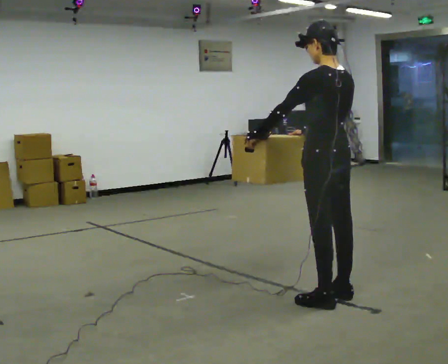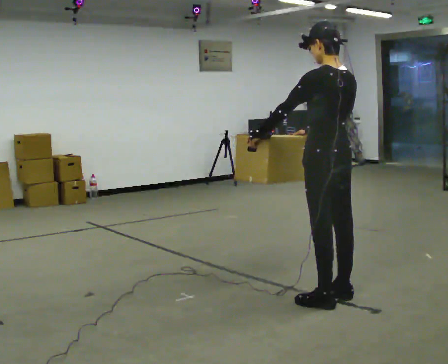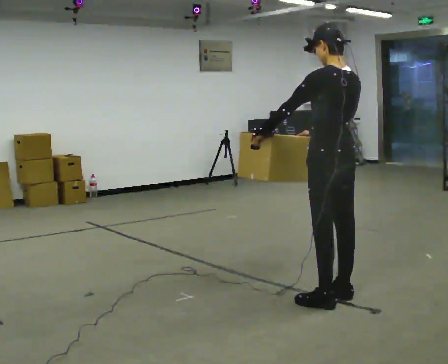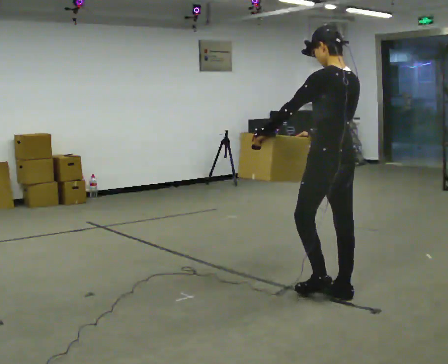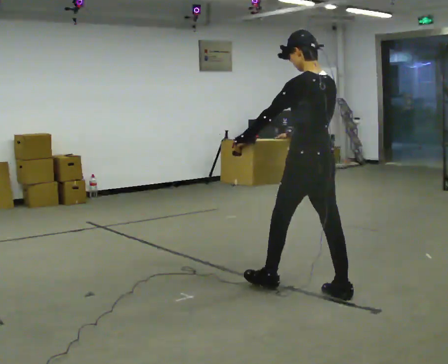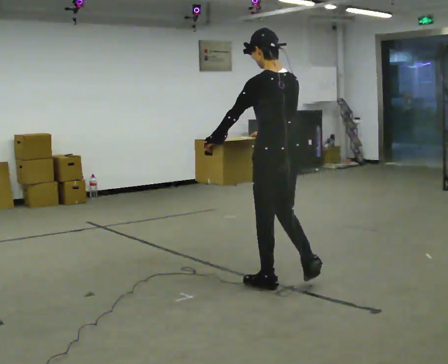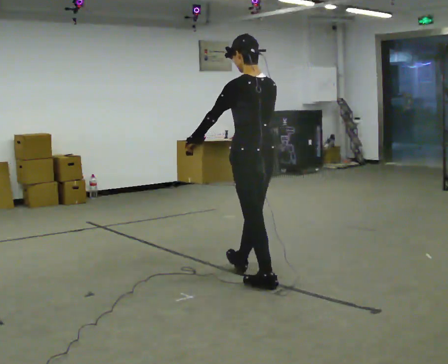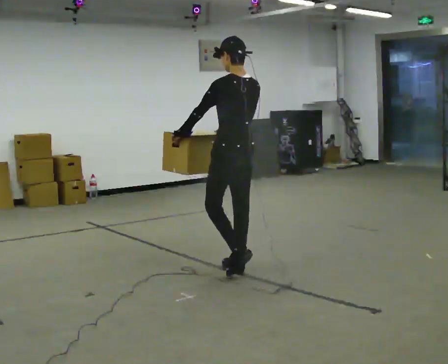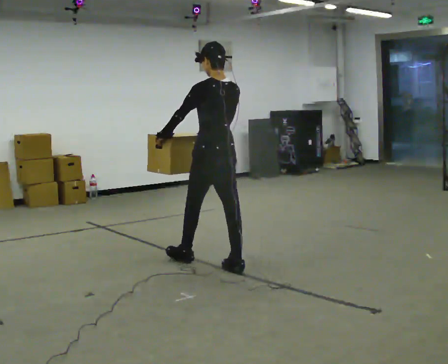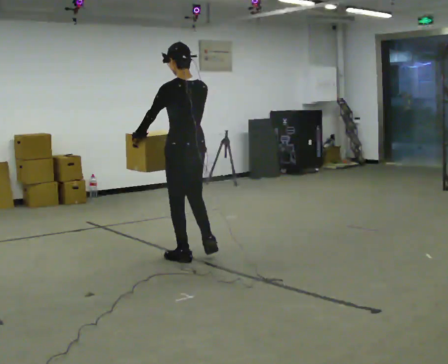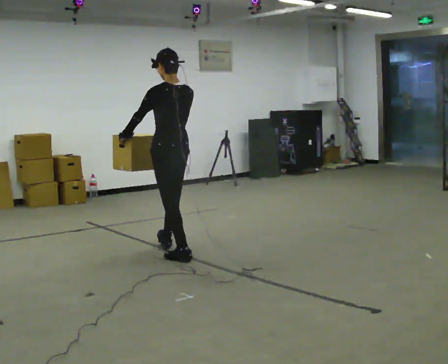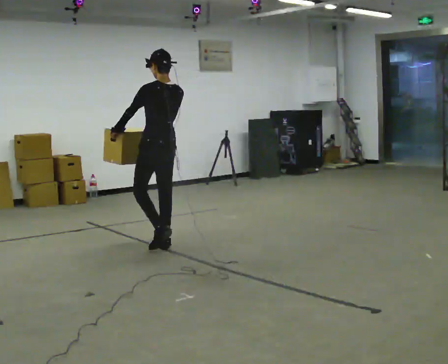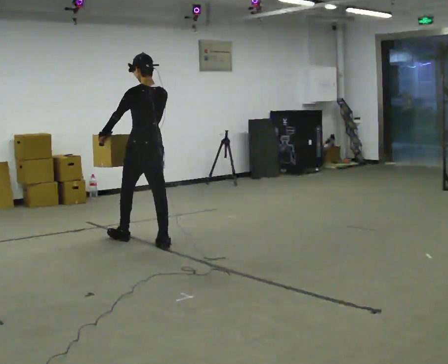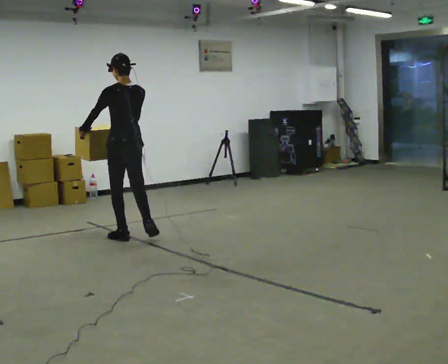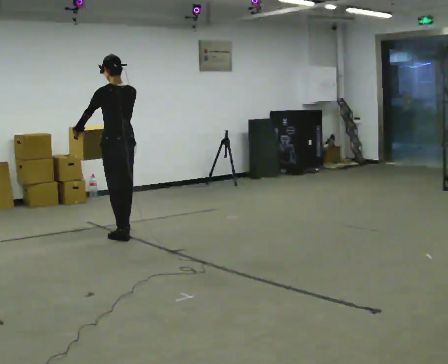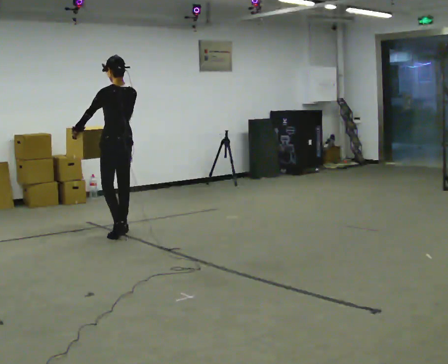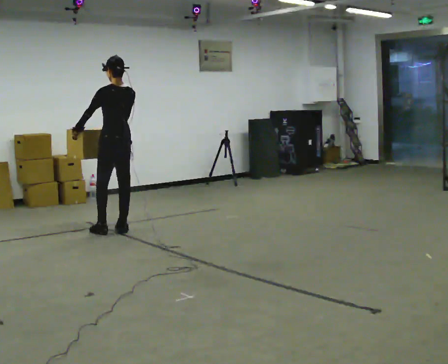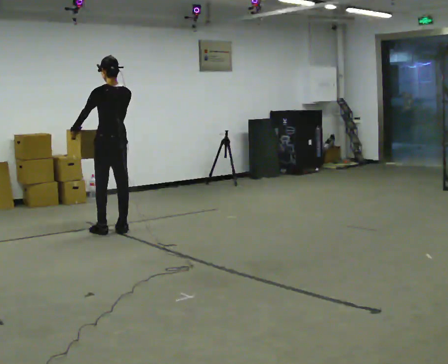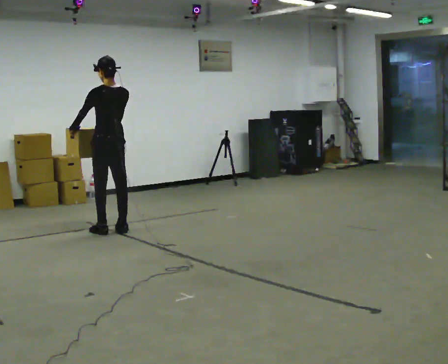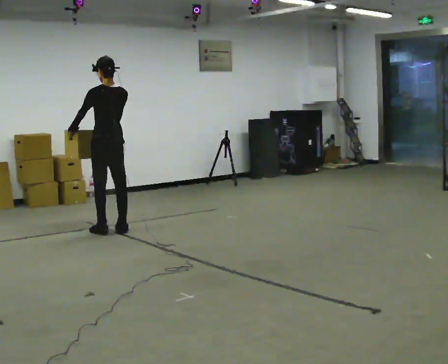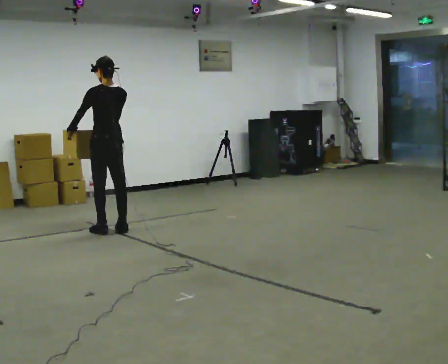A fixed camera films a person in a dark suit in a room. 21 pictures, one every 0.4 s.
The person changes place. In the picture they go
away from the camera.
0.0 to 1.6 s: In the picture they go away from the camera, about 0.25 m in 1 step, which for them is forward.
1.6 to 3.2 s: In the picture they go away from the camera and to the left, about 1 m in 1 step, which for them is forward.
3.2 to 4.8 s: In the picture they go away from the camera and to the left, about 1 m in 3 steps, which for them is forward.
4.8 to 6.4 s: In the picture they go away from the camera and to the left, about 0.5 m in 2 steps, which for them is forward.
6.4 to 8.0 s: The person moves a little, or ends about where they began.
The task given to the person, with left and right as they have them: Carry the box across the room as briskly as you comfortably can, back and forth. Do not run.
The film runs forward here.
